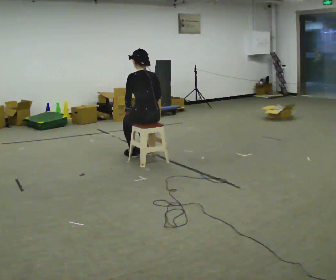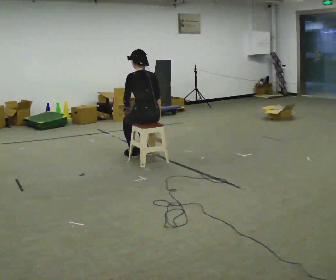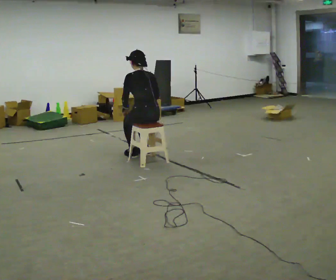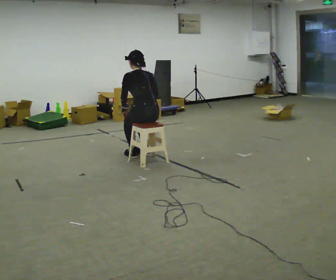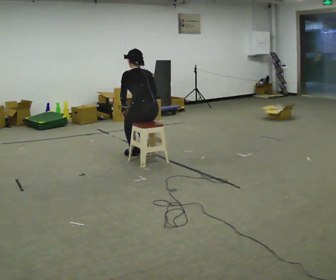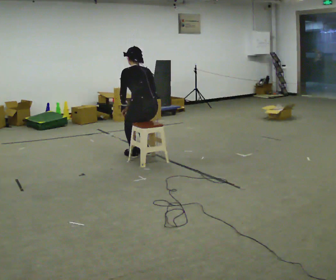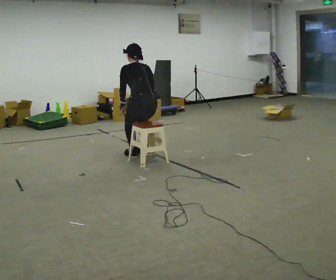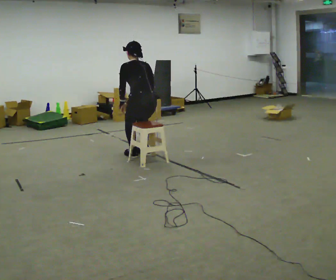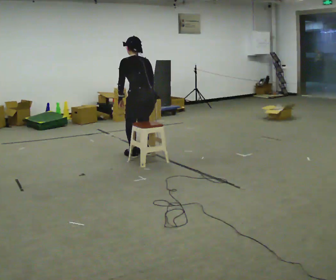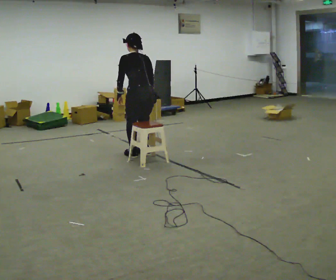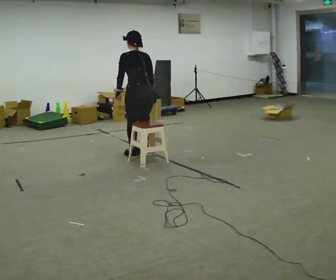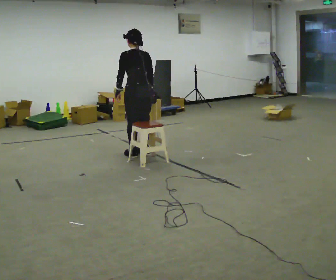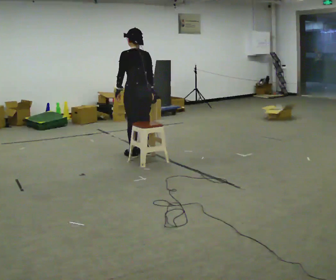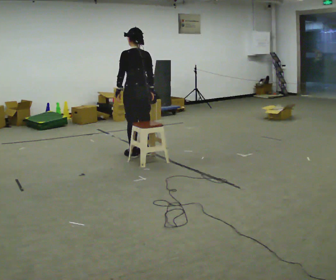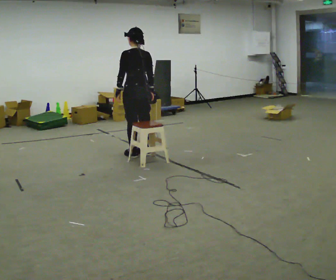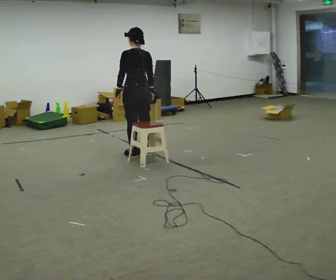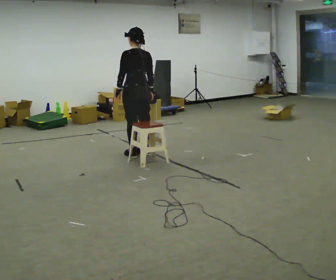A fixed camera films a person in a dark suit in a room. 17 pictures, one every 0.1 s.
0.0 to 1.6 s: In the picture they go away from the camera, about 0.25 m, which for them is forward. The upper body goes upward.
The film runs backward here.
